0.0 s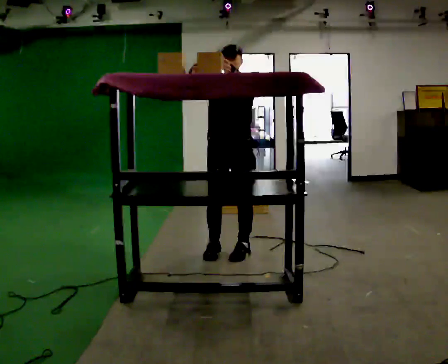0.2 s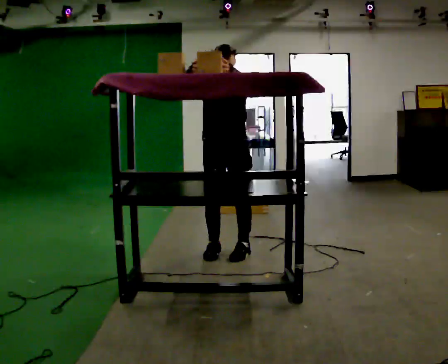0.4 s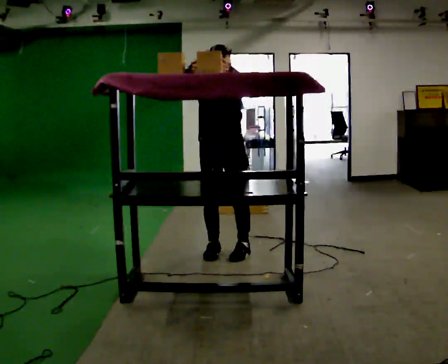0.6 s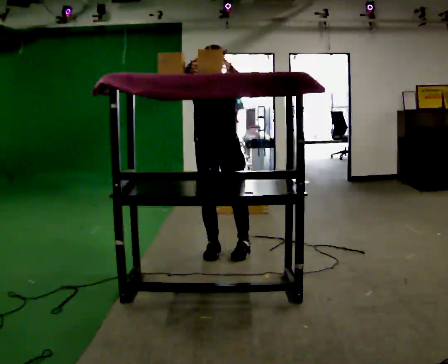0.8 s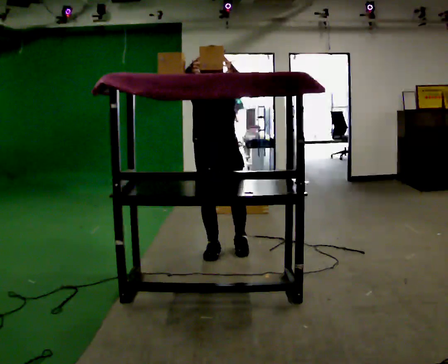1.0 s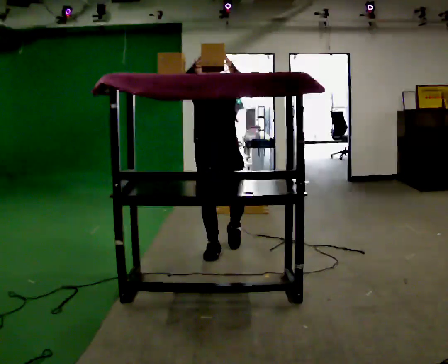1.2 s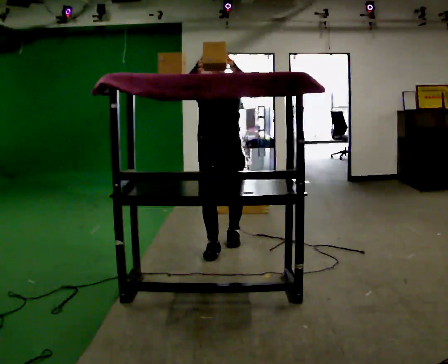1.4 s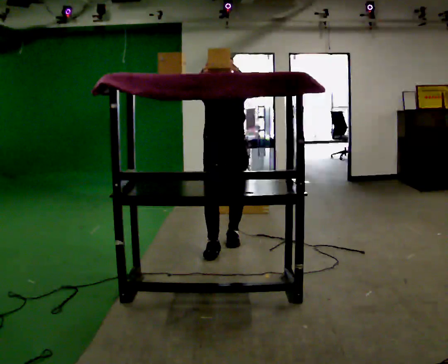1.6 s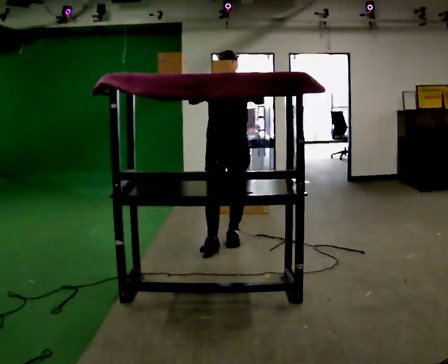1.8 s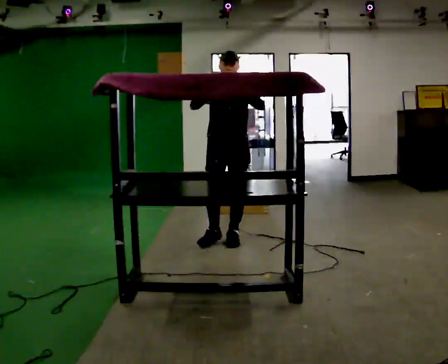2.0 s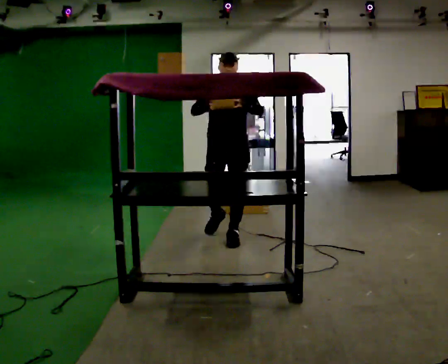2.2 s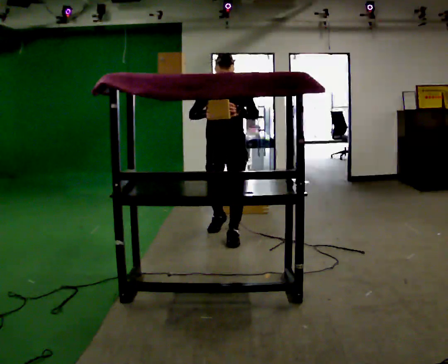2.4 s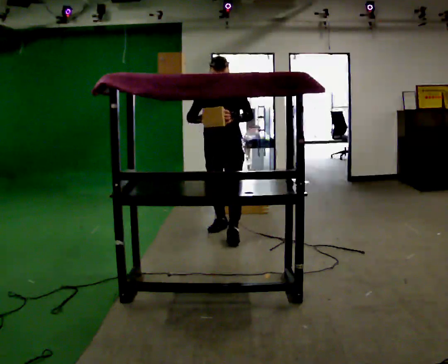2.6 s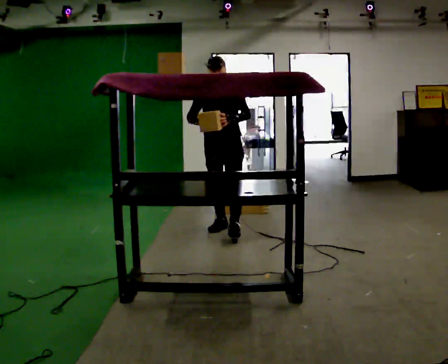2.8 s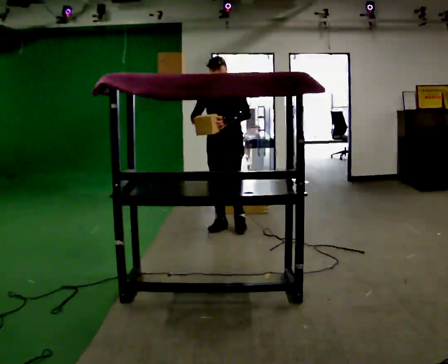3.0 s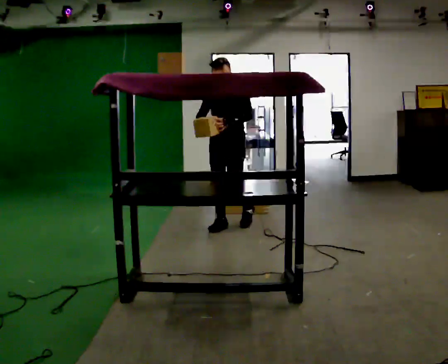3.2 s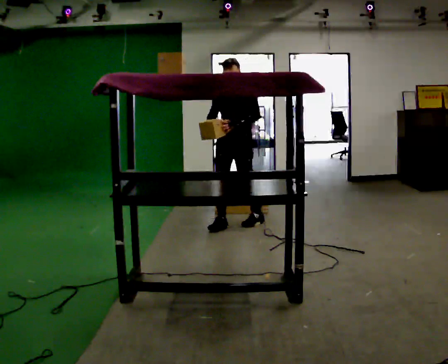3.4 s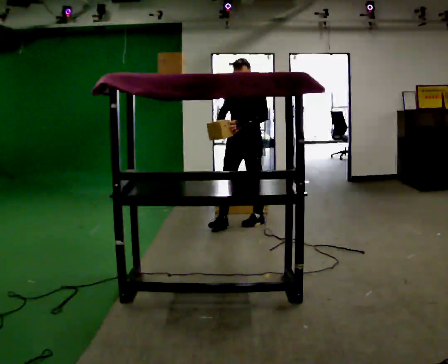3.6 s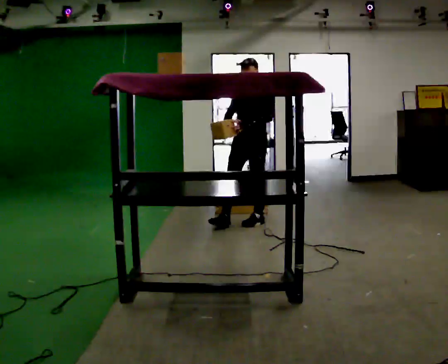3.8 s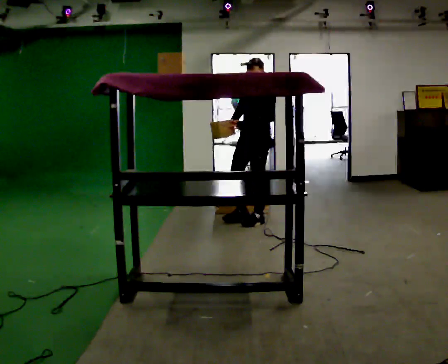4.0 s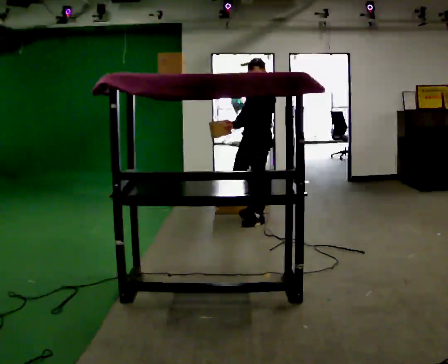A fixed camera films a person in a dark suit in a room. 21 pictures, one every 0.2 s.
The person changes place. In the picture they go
away from the camera.
Their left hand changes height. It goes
downward.
0.0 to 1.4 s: In the picture they go away from the camera, about 0.25 m in 1 step, which for them is backward.
1.4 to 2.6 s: In the picture they go away from the camera, about 0.5 m in 1 step, which for them is backward. In the picture their right hand goes downward.
2.6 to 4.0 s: The person turns about 45 degrees to their right, clockwise seen from above, so the part of the body nearest the lens slides to the left. In the picture they go to the right and away from the camera, about 0.5 m in 2 steps, which for them is backward.
The film runs backward here.
